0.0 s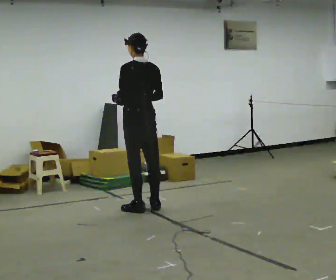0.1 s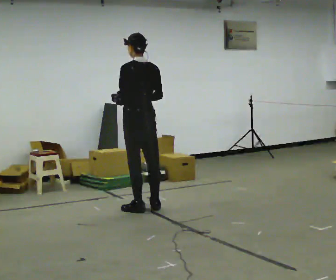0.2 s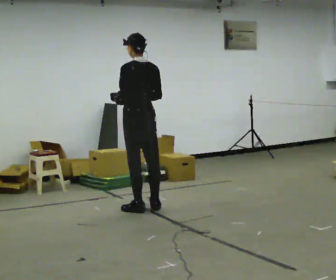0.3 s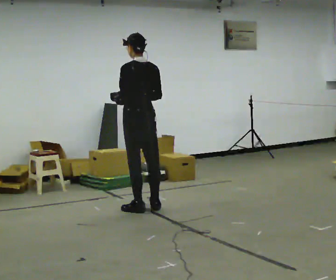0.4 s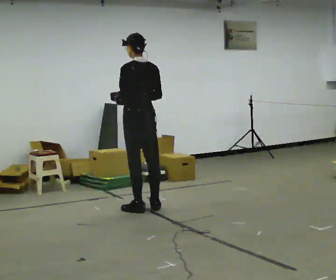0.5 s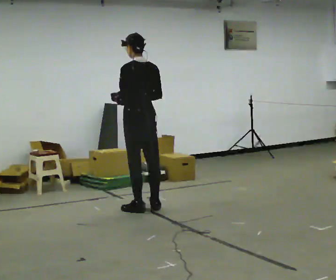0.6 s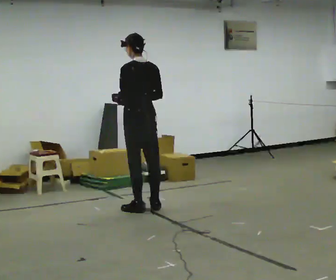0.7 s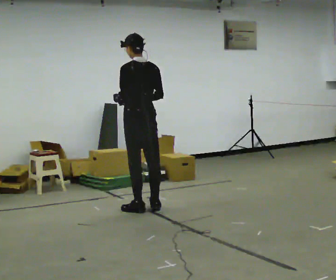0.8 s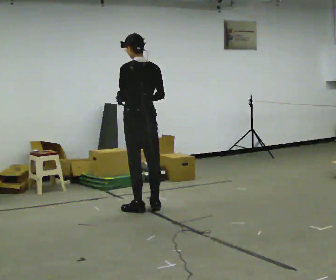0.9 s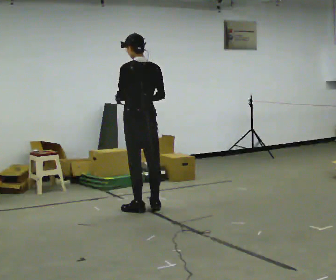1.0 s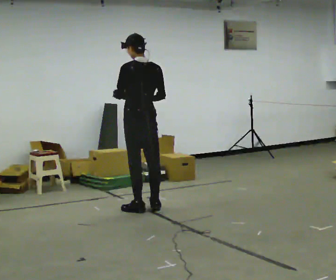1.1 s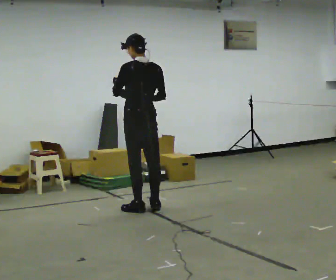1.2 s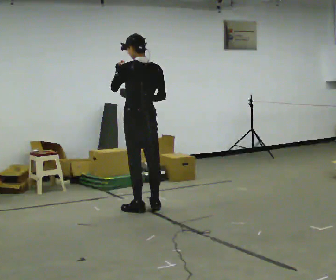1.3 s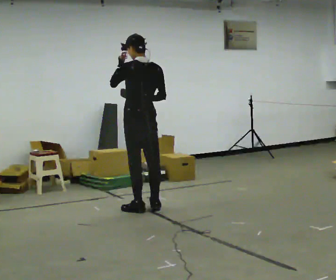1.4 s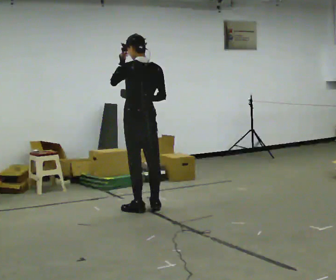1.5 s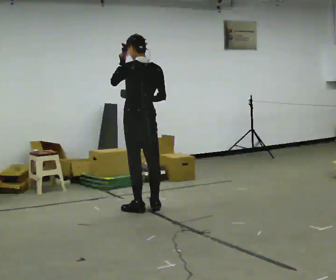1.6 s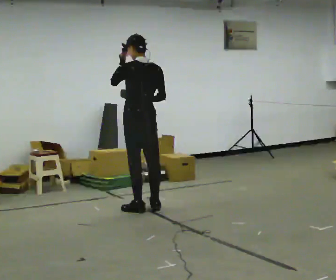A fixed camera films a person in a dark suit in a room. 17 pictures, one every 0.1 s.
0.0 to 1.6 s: In the picture their left hand goes upward.
The film runs backward here.
